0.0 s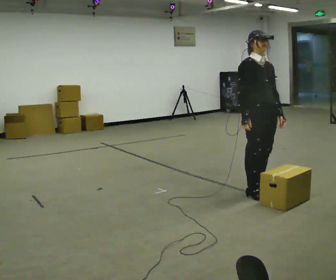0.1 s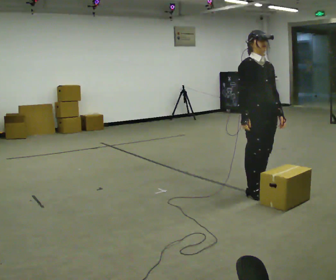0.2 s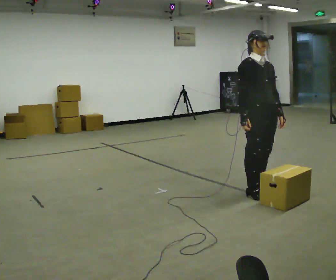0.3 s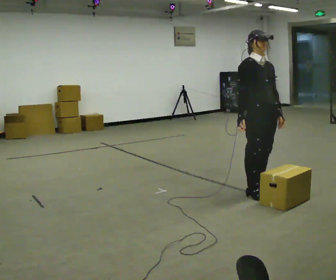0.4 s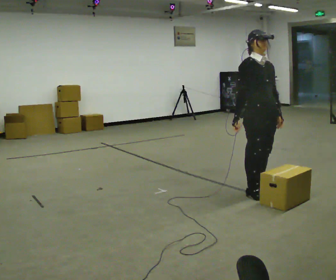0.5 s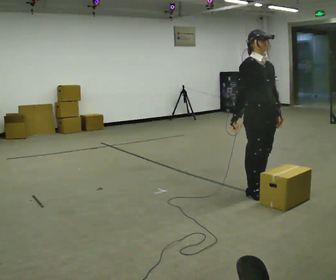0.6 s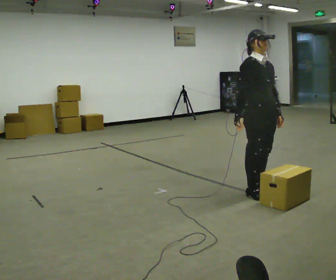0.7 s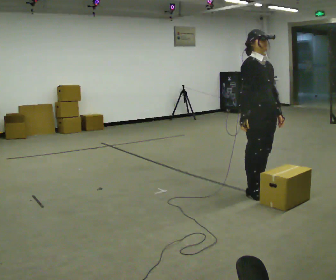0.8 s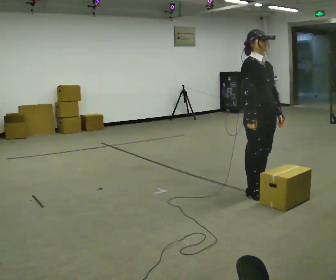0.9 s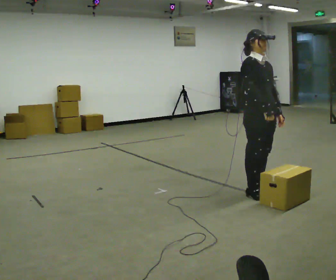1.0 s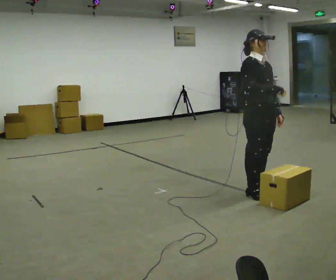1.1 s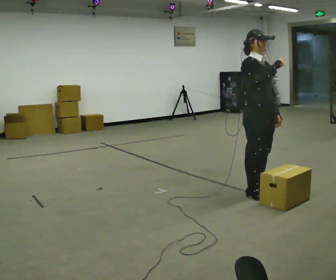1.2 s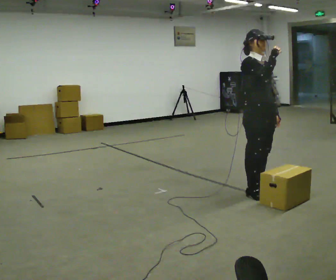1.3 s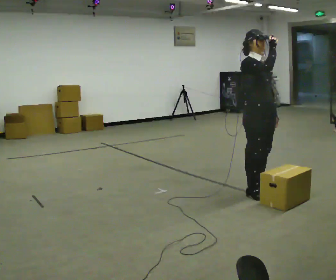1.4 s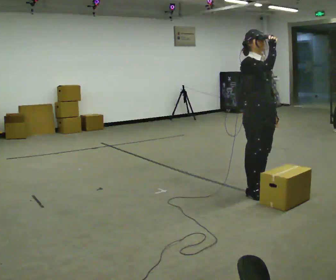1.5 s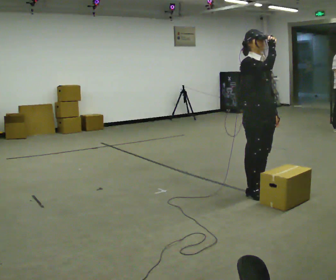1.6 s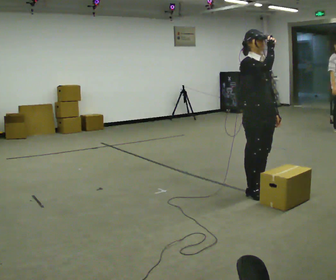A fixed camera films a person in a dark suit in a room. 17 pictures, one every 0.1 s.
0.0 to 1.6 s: In the picture their right hand goes upward.
The film runs backward here.
